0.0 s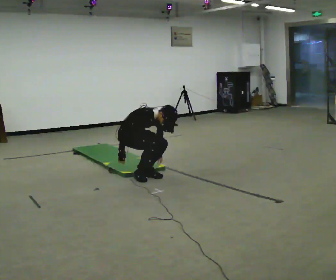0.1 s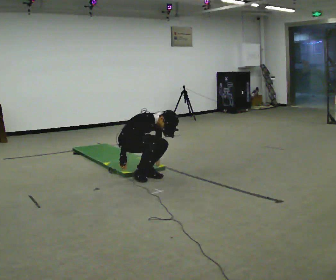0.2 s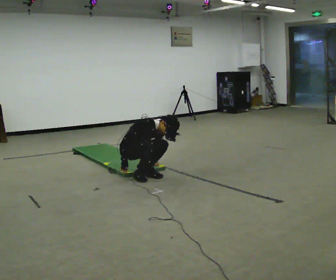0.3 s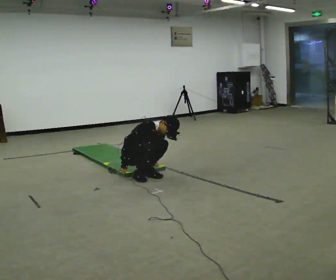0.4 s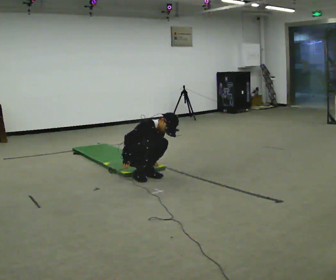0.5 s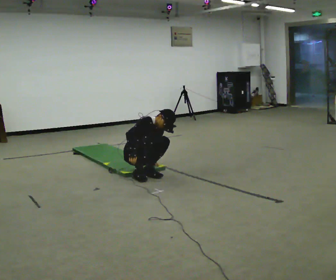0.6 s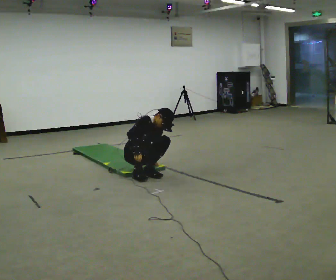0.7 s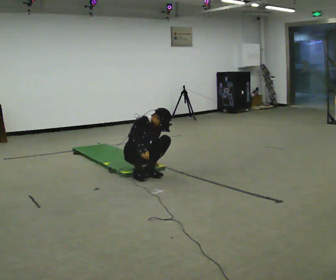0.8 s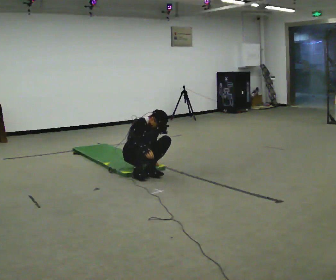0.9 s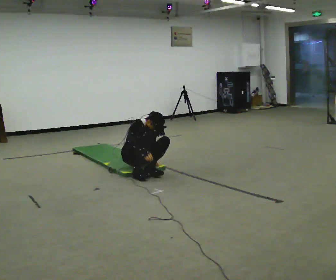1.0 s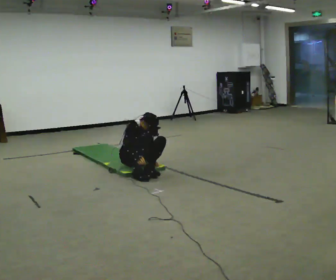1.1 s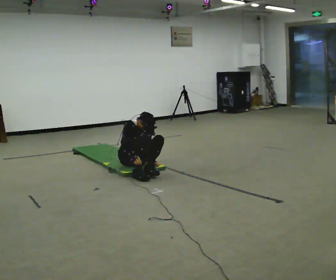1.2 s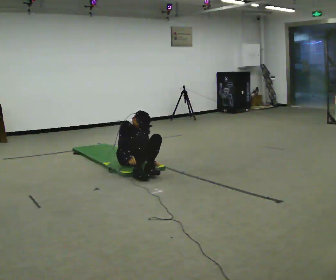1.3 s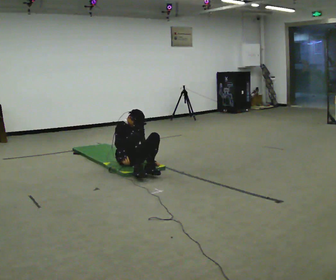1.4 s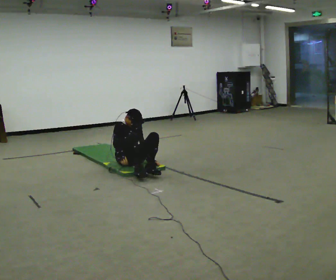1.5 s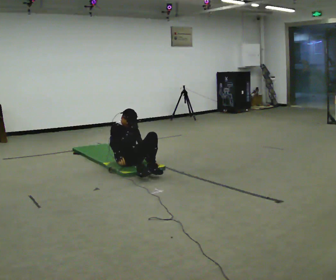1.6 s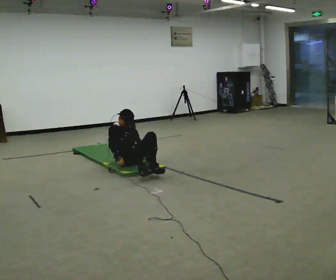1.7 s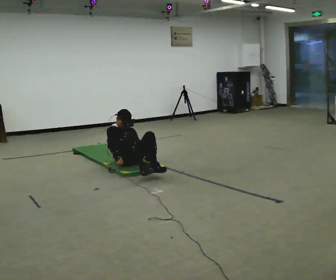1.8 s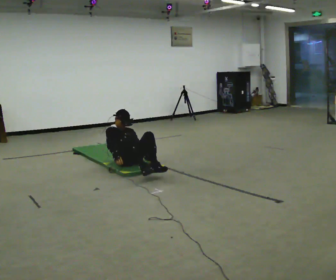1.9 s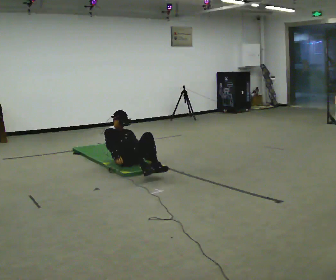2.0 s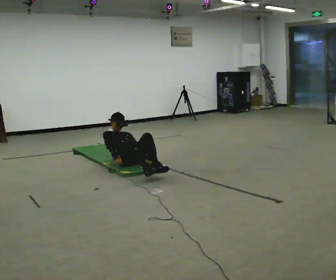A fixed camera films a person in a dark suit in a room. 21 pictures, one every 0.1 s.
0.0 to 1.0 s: In the picture they go away from the camera, about 0.25 m, which for them is backward and to their left. The shoulders move downward. The upper body tips away from the camera, its near side rolling upward, as they lean back or straighten.
1.0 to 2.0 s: The upper body goes downward. The upper body tips away from the camera, its near side rolling upward, as they lean back or straighten.
The film runs backward here.
